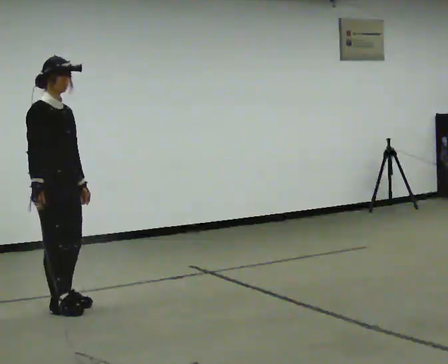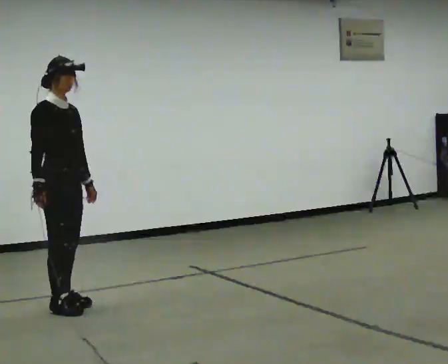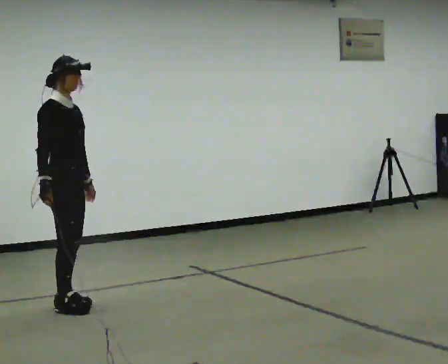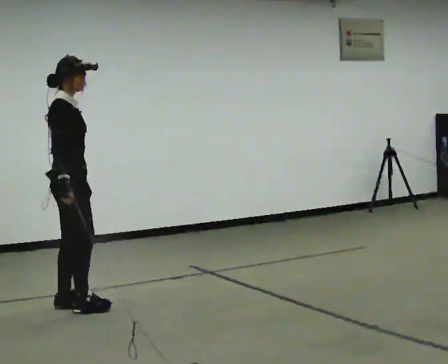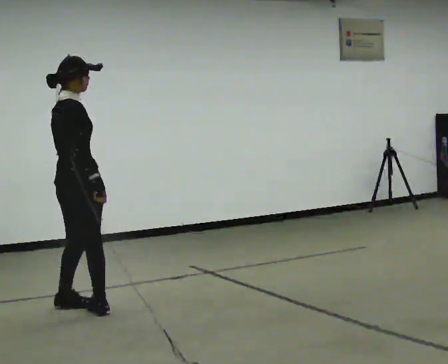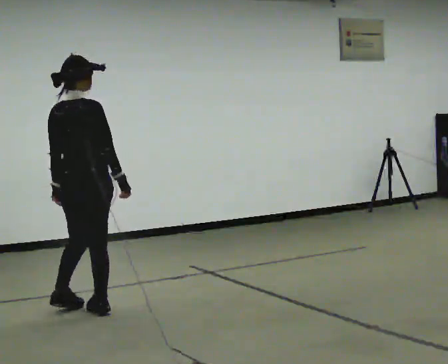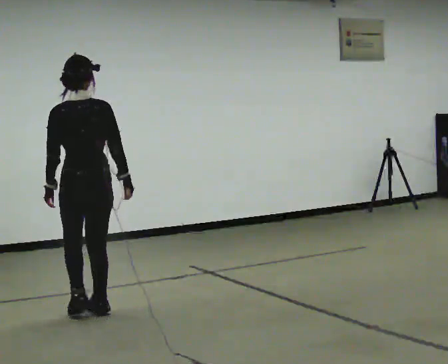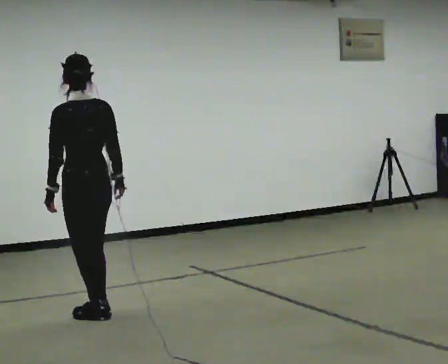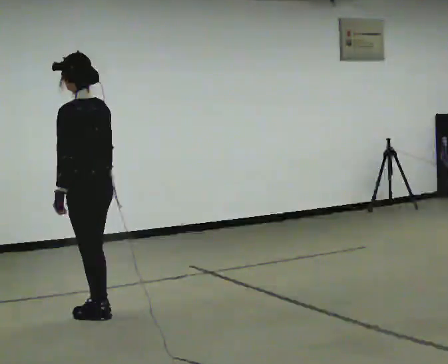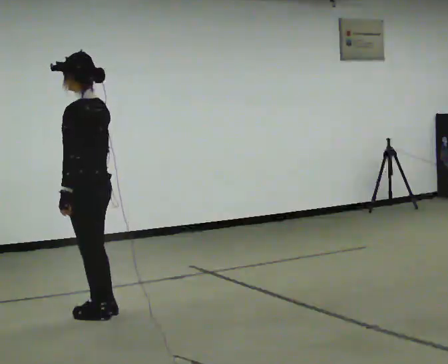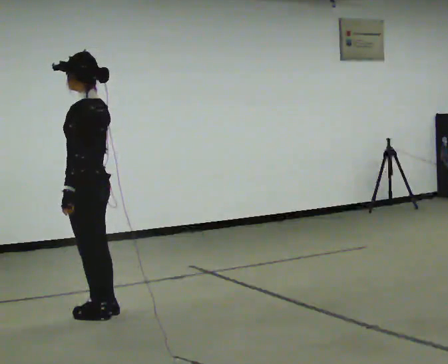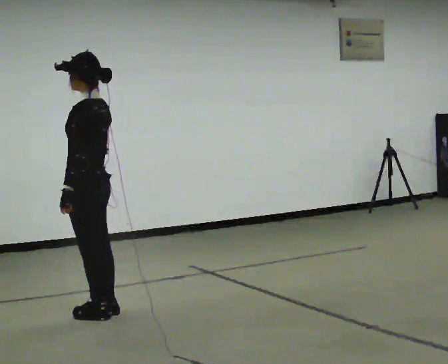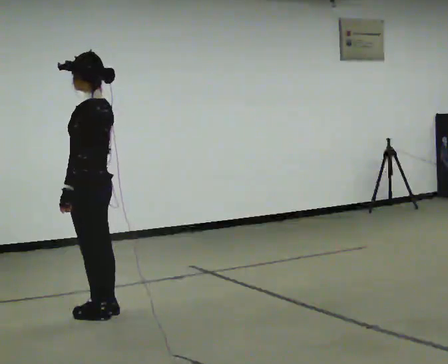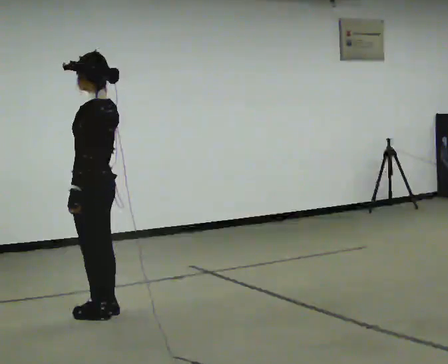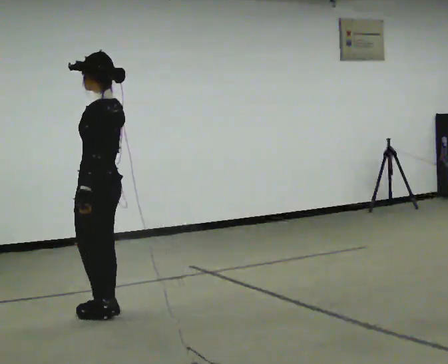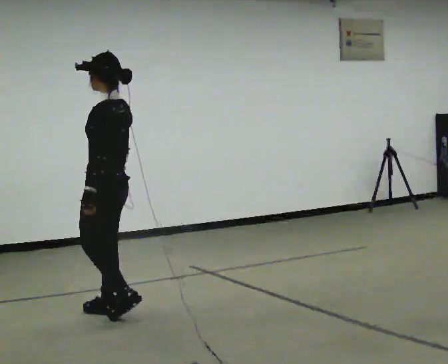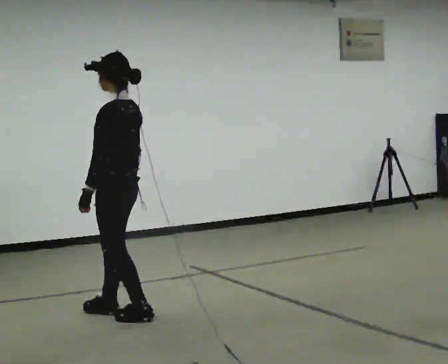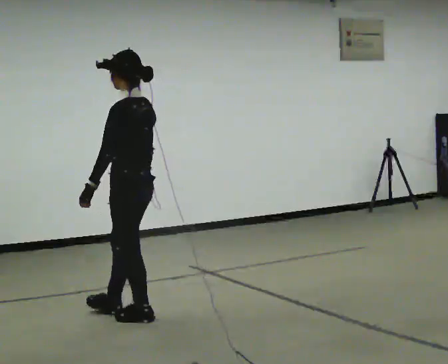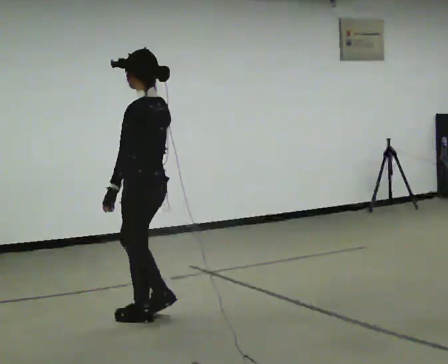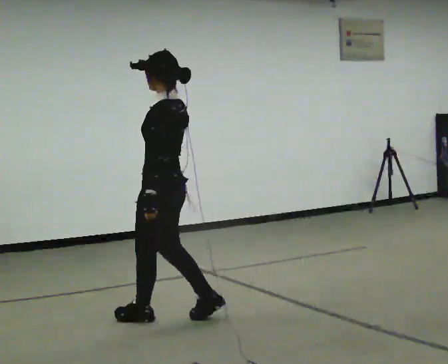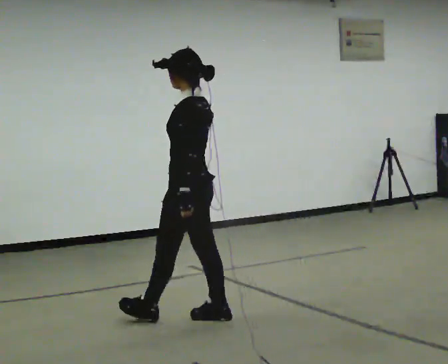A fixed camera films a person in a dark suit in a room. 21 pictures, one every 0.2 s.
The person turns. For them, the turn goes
to their left.
The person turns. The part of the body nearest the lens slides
to the right.
0.0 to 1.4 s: The part of the body nearest the lens slides to the right as the person turns to their left by about 150 degrees. In the picture they go to the right, about 0.25 m in 2 steps.
1.4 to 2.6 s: The person turns about 30 degrees to their left, counterclockwise seen from above, so the part of the body nearest the lens slides to the right.
2.6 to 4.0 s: In the picture they go to the right and toward the camera, about 0.5 m in 3 steps, which for them is backward.
The film runs backward here.
